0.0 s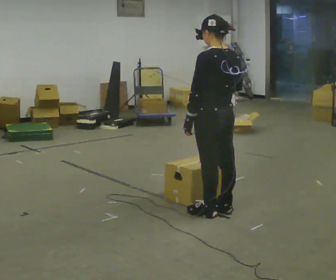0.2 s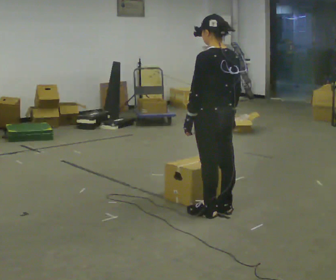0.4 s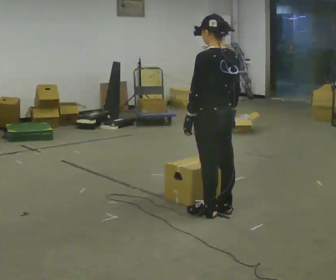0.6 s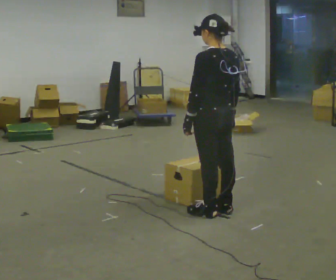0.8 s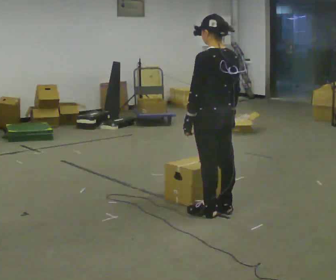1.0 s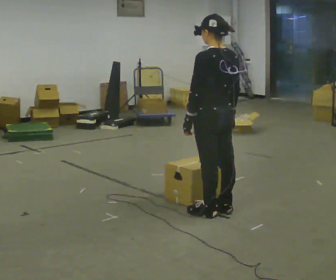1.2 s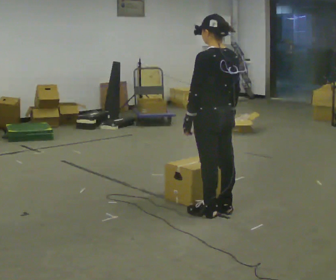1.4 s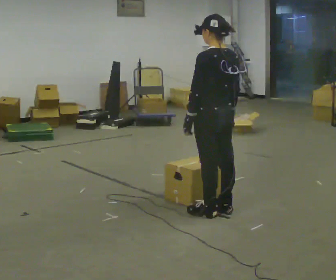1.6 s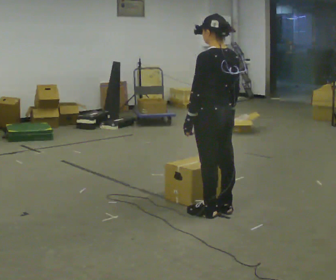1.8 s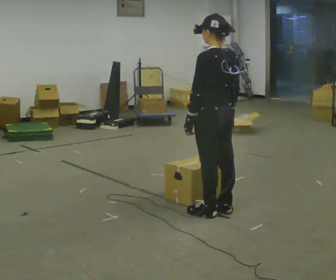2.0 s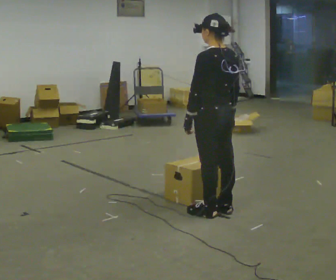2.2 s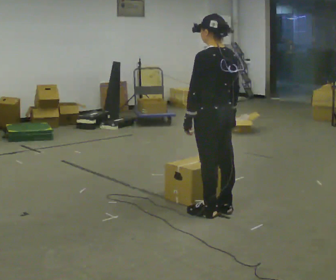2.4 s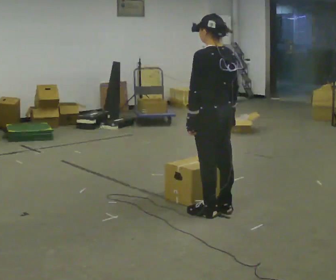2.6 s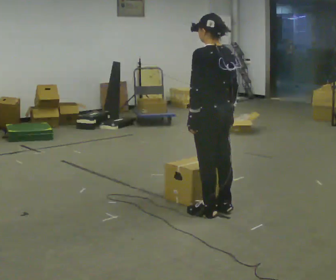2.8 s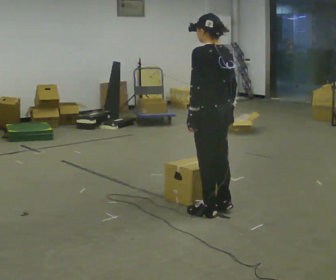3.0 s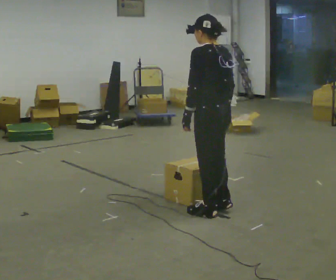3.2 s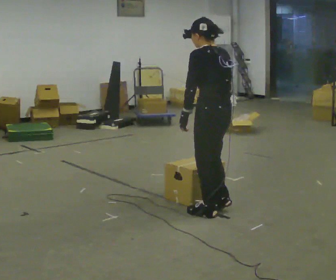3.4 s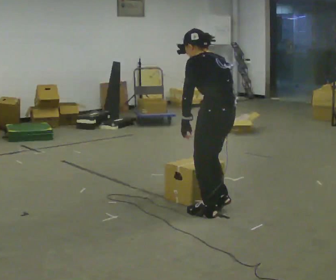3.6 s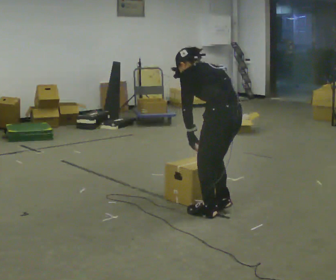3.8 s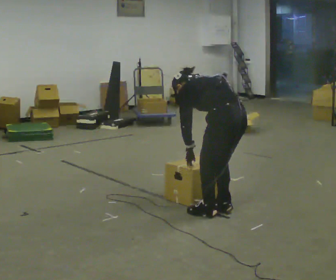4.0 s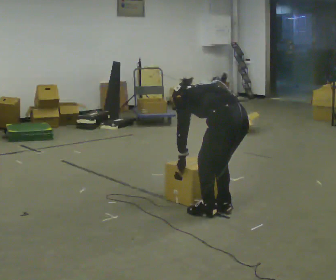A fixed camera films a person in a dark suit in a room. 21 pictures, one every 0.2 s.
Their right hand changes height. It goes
downward.
The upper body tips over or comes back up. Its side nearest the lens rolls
upward.
0.0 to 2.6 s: The person moves a little, or ends about where they began.
2.6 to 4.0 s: The shoulders move downward. The upper body tips away from the camera, its near side rolling upward, as they bend forward. In the picture their left hand goes downward.
The film runs backward here.
